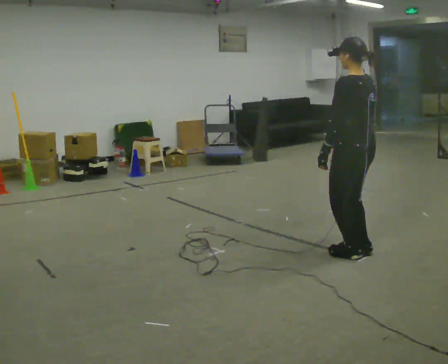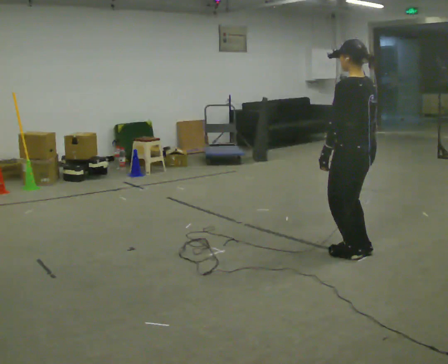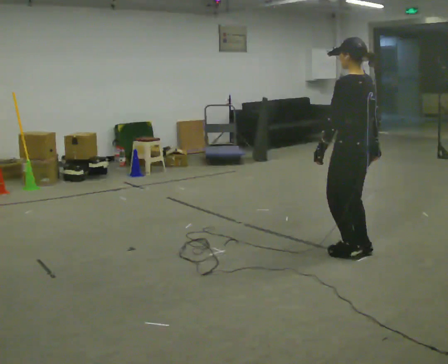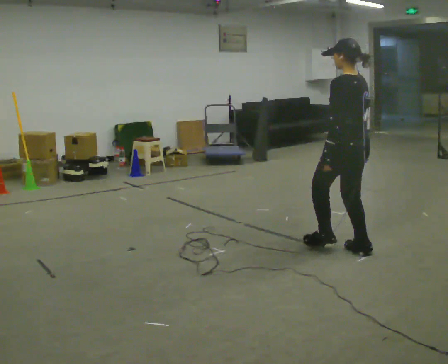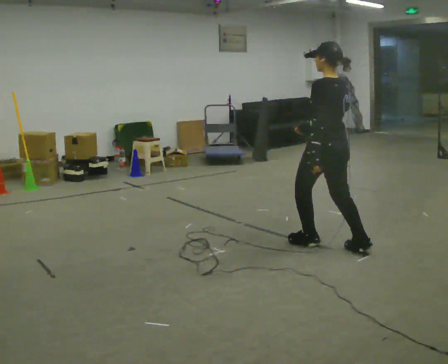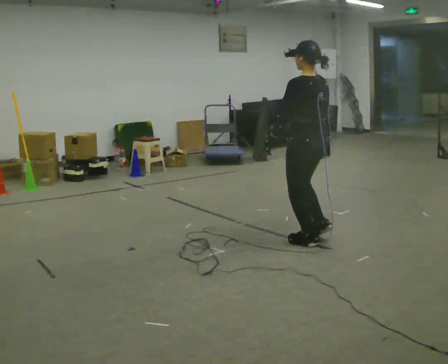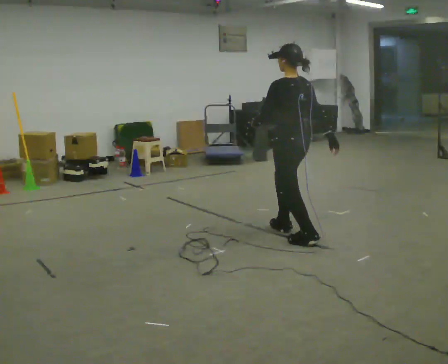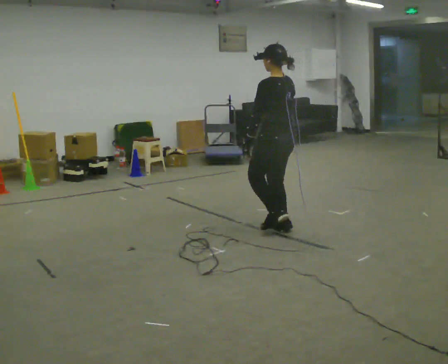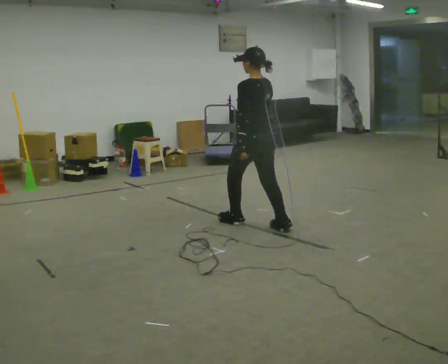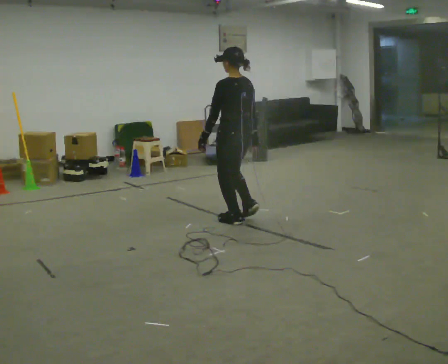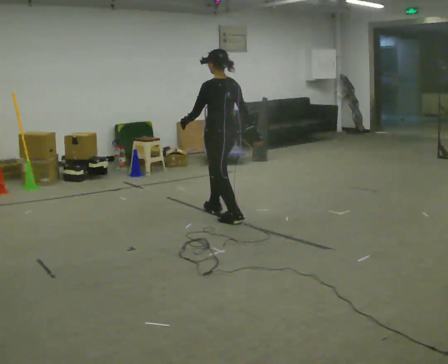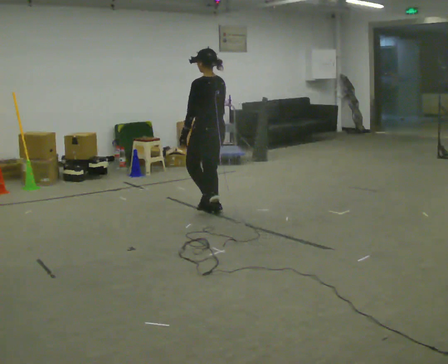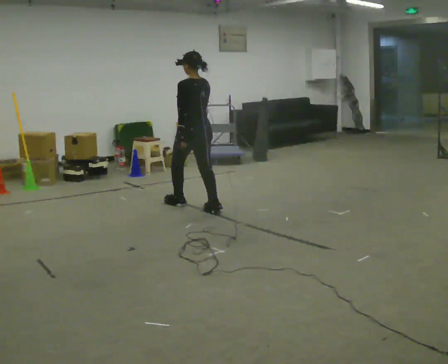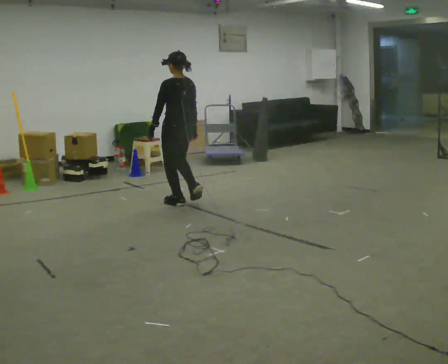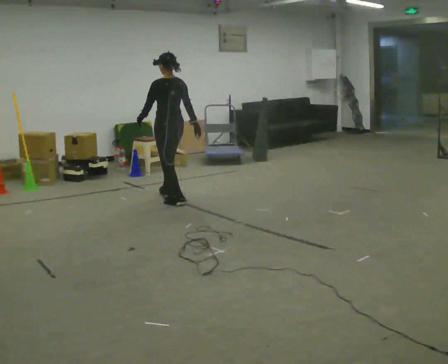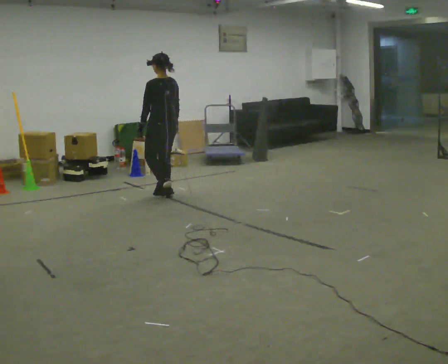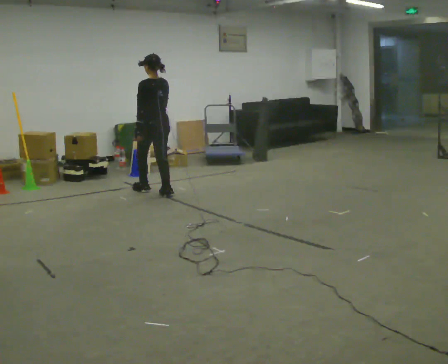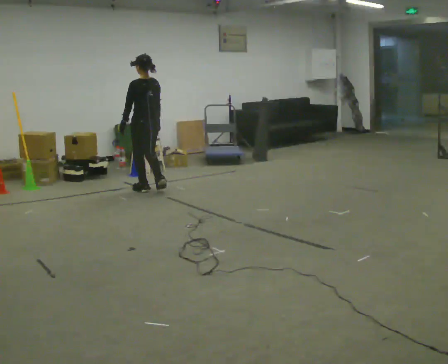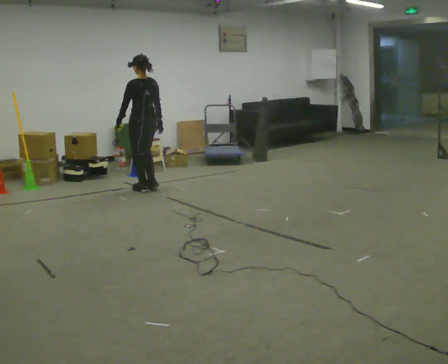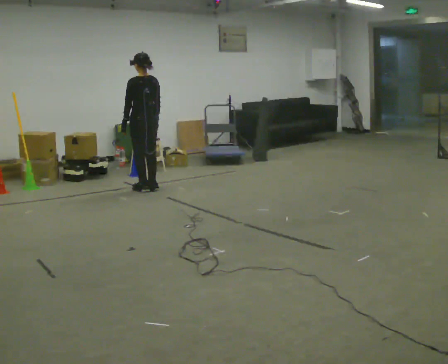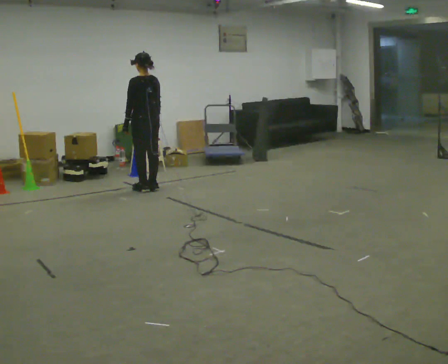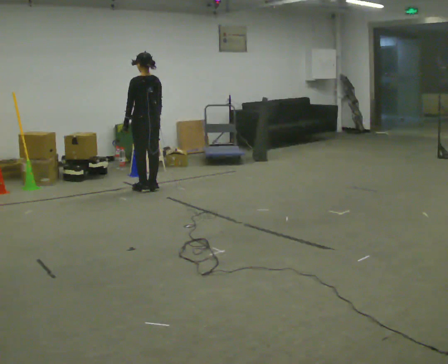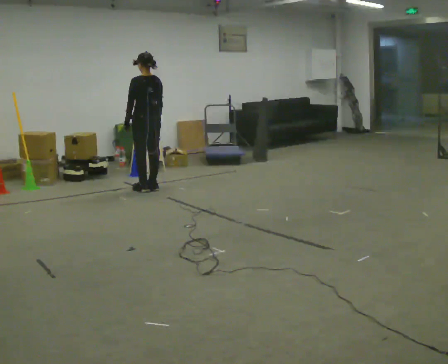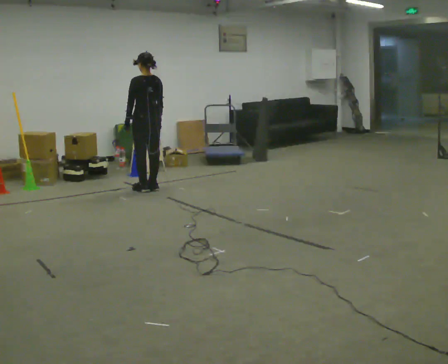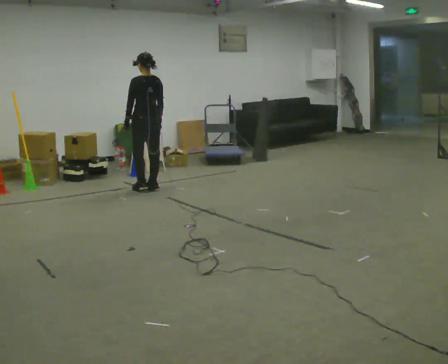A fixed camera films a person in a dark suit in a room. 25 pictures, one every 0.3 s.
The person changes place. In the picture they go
away from the camera.
0.0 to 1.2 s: In the picture they go away from the camera, about 0.25 m in 1 step, which for them is forward. In the picture their right hand goes to the left.
1.2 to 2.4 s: In the picture they go away from the camera and to the left, about 1 m in 2 steps, which for them is forward.
2.4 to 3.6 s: In the picture they go away from the camera and to the left, about 1 m in 2 steps, which for them is forward.
3.6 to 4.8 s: In the picture they go away from the camera and to the left, about 1 m in 2 steps, which for them is forward.
4.8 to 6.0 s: In the picture they go away from the camera, about 0.25 m in 1 step, which for them is forward.
6.0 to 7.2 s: The person moves a little, or ends about where they began.
The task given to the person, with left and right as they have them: Walk forward in a lowered crouched posture at a comfortable speed; do not go lower than is comfortable; stop.
The film runs forward here.
